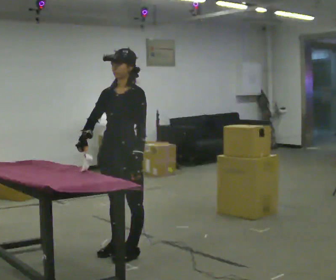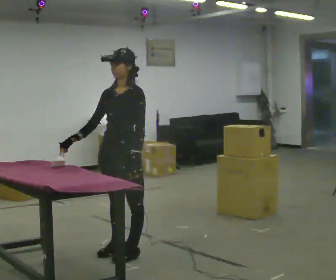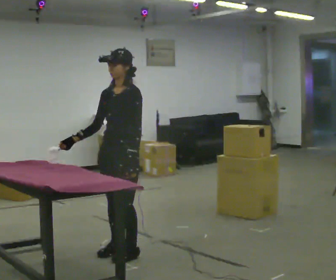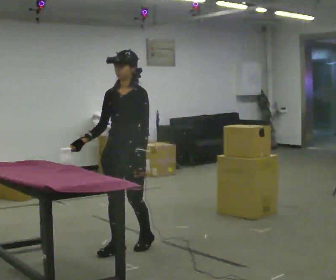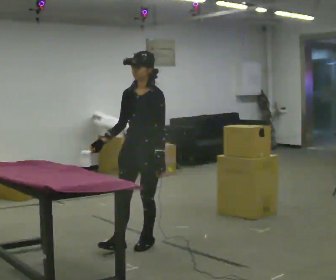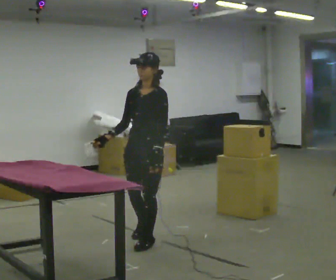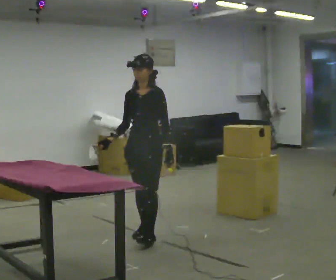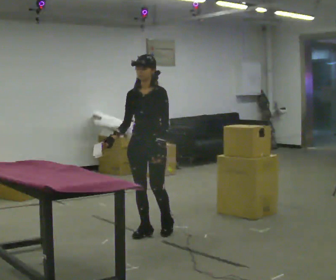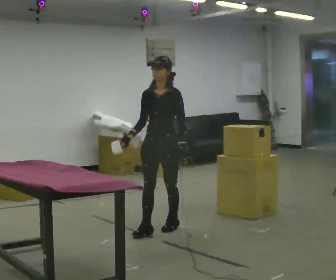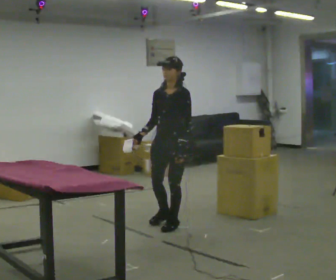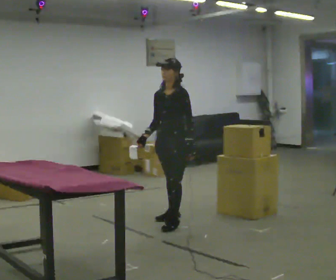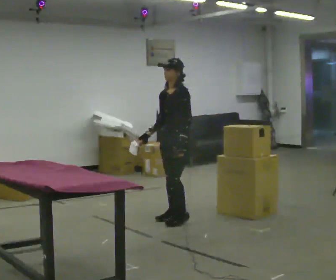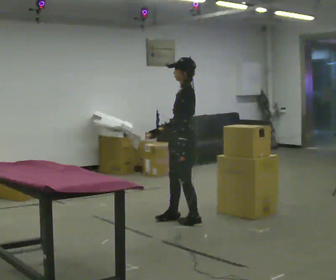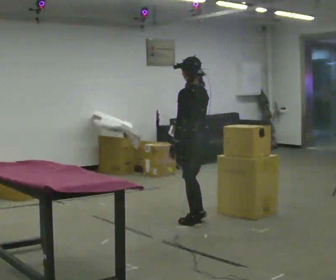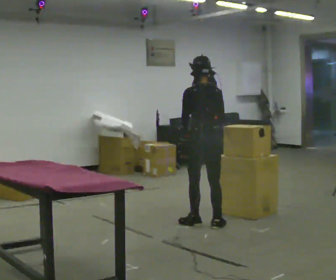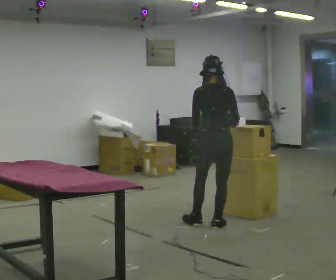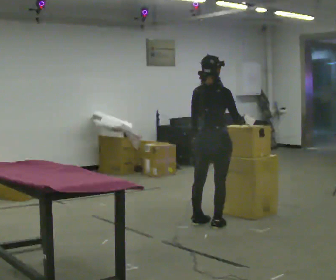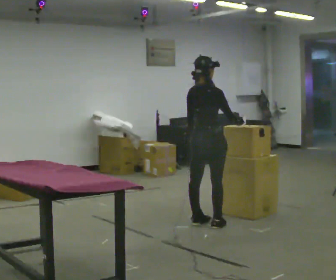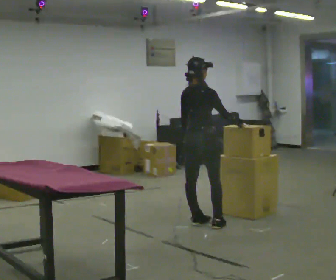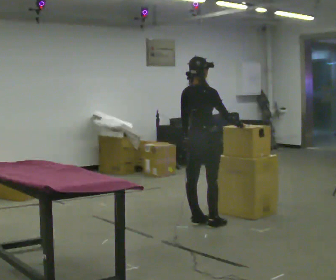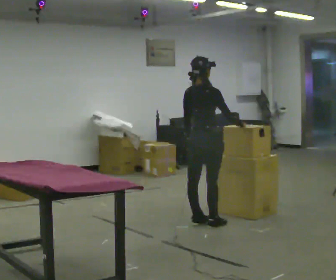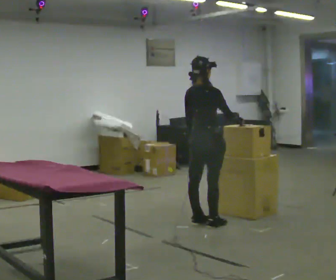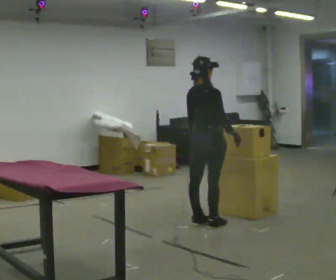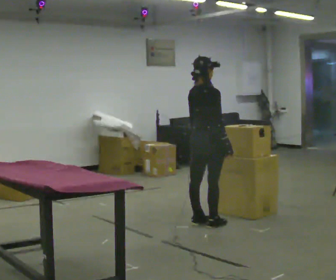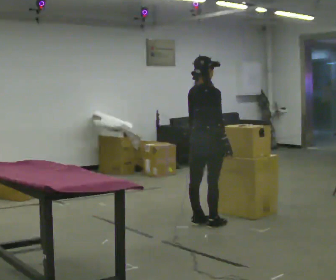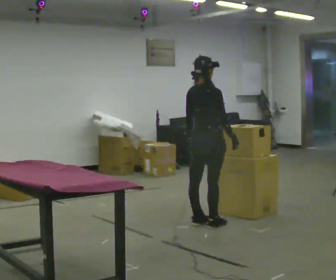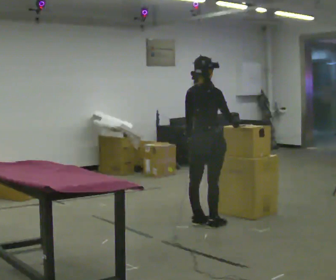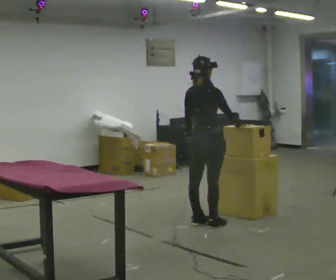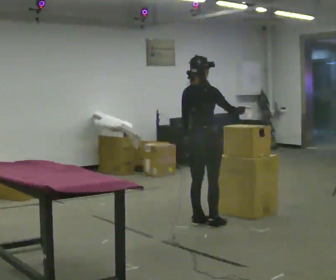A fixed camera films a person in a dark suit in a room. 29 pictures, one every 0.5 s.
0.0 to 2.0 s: In the picture they go away from the camera, about 0.25 m in 1 step, which for them is backward.
2.0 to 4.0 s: In the picture they go away from the camera, about 0.5 m in 2 steps, which for them is backward and to their right.
4.0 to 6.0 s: Seen from above the body turns clockwise, about 60 degrees: to their right, with its near side sliding to the left. In the picture they go away from the camera and to the right, about 0.25 m in 2 steps.
6.0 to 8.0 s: Seen from above the body turns clockwise, about 120 degrees: to their right, with its near side sliding to the left. In the picture they go to the right and toward the camera, about 0.25 m in 1 step.
8.0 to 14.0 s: The person moves a little, or ends about where they began.
The film runs backward here.
